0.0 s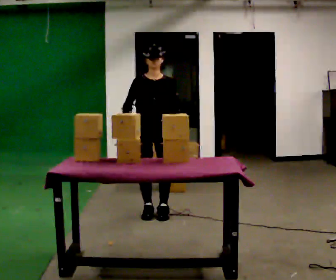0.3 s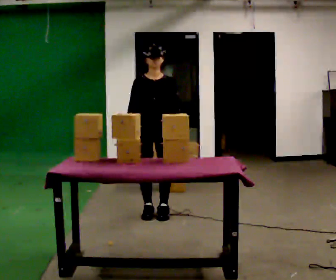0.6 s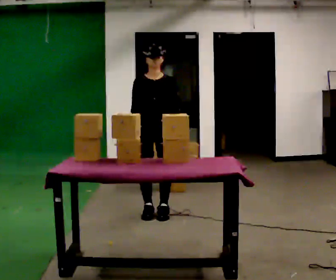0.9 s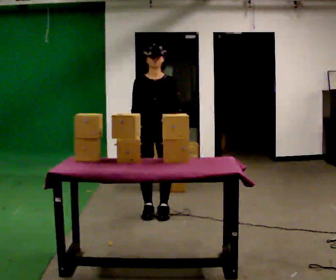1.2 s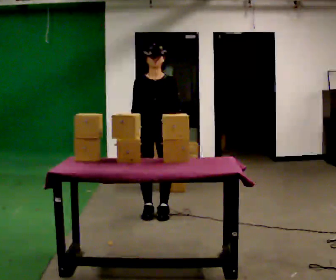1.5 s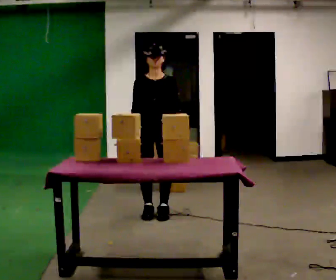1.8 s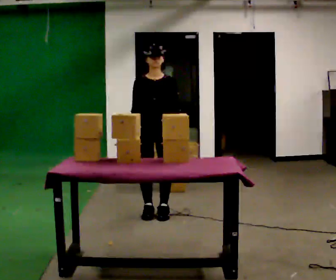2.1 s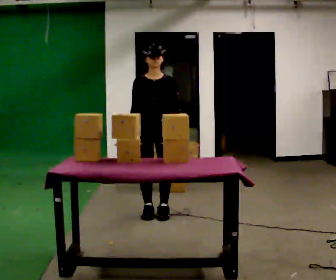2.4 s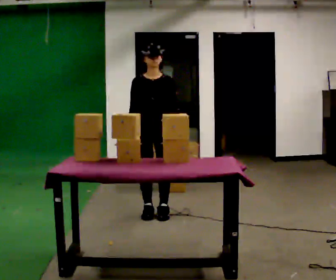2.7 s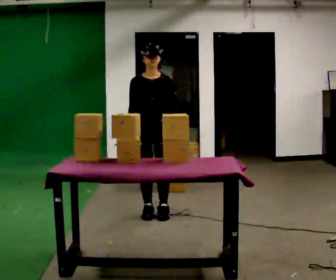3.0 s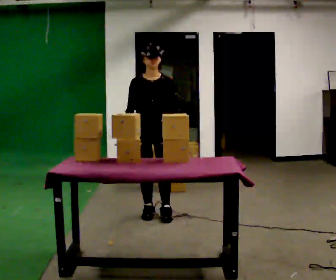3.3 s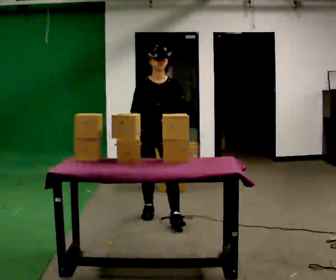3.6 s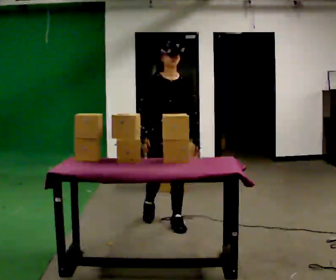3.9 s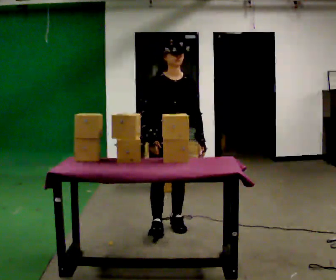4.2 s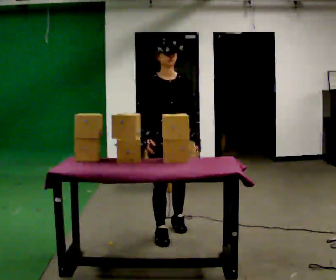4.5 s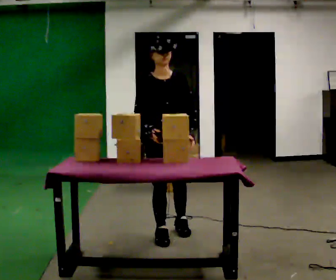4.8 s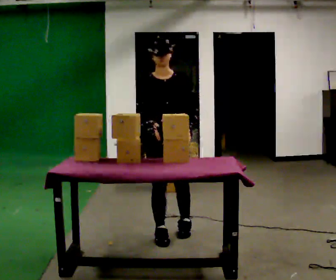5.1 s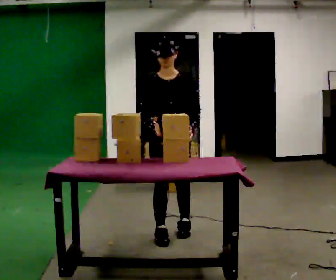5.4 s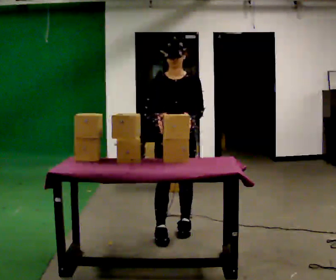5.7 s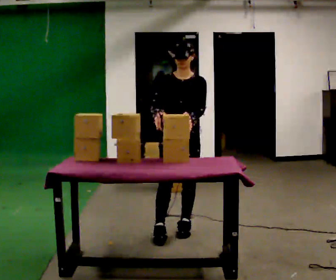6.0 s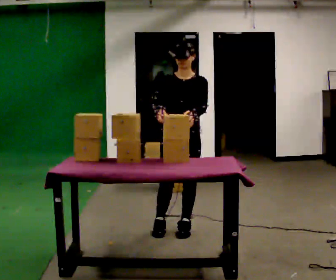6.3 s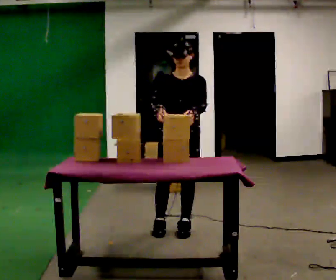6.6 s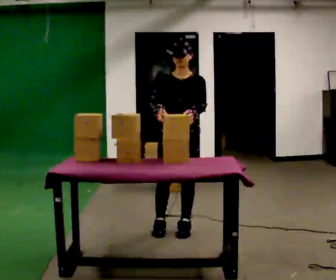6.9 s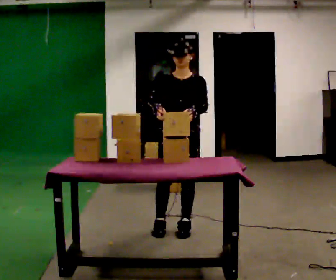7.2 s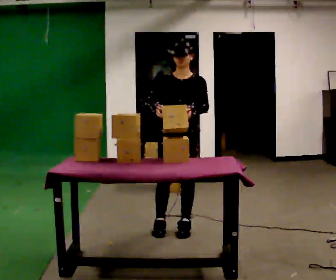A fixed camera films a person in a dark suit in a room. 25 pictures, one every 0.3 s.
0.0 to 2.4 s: The person moves a little, or ends about where they began.
2.4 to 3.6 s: In the picture they go toward the camera, about 0.25 m in 2 steps, which for them is forward.
3.6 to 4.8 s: In the picture they go toward the camera, about 0.5 m, which for them is forward.
4.8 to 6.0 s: In the picture they go away from the camera, about 0.25 m in 1 step, which for them is backward and to their left.
6.0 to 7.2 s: The person moves a little, or ends about where they began.
The film runs backward here.
